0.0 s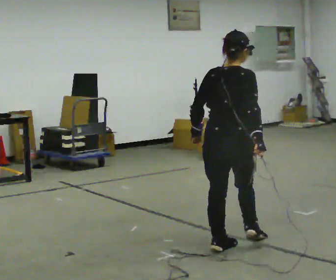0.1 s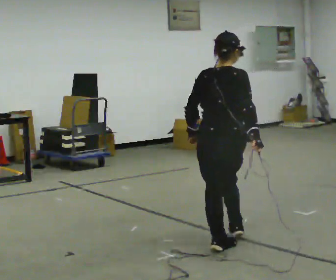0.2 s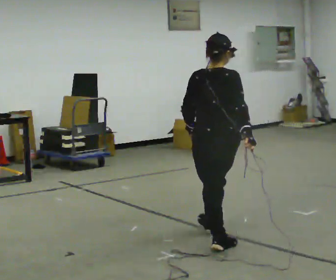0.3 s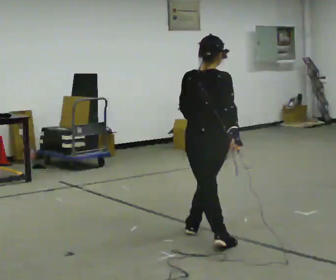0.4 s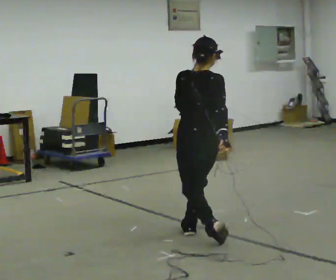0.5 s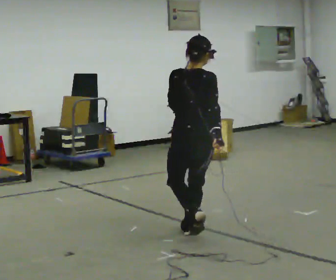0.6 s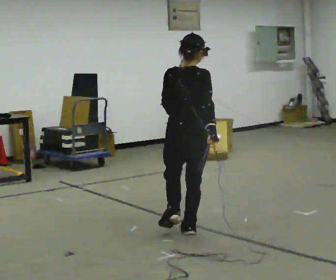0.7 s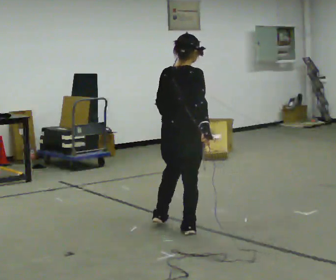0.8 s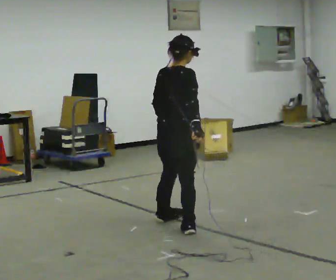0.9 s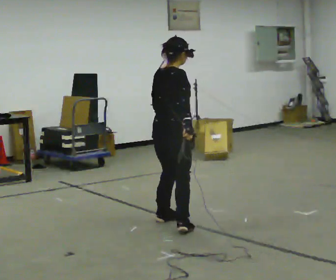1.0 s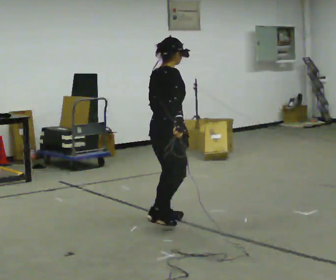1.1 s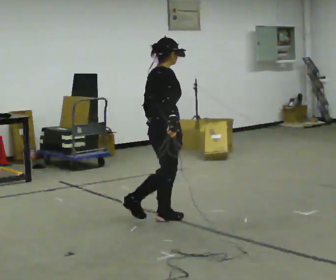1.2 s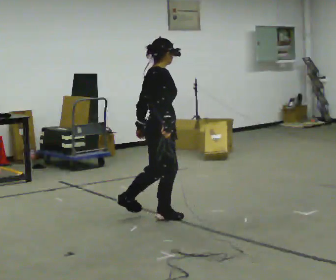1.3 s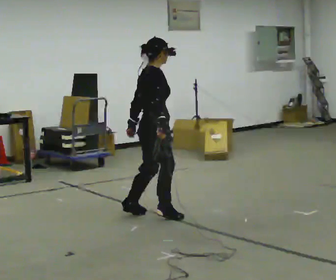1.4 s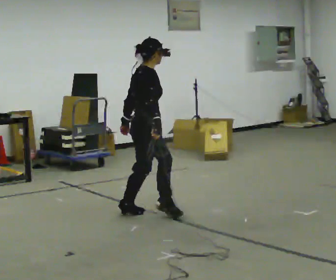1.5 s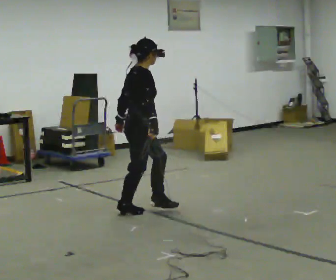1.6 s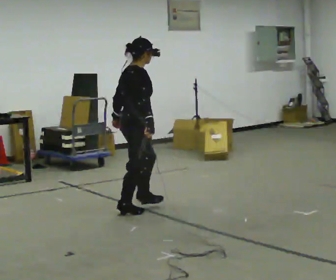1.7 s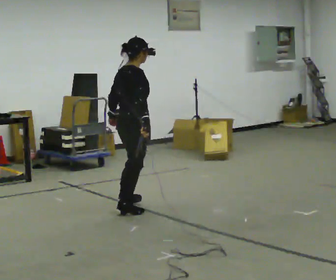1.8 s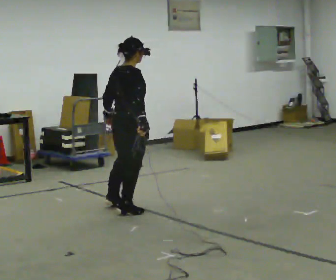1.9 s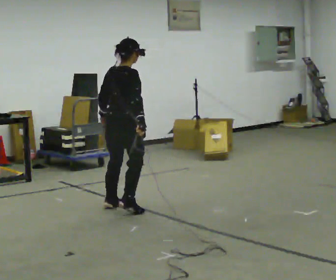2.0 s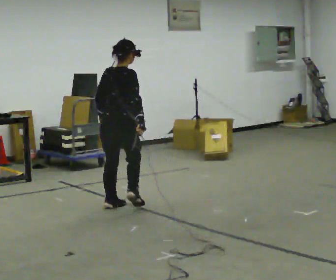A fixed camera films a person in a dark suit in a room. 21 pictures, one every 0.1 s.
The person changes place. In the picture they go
away from the camera.
0.0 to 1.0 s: The person turns about 45 degrees to their right, clockwise seen from above, so the part of the body nearest the lens slides to the left. In the picture they go away from the camera and to the left, about 1 m in 2 steps.
1.0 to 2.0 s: Seen from above the body turns counterclockwise, about 45 degrees: to their left, with its near side sliding to the right. In the picture they go away from the camera and to the left, about 0.75 m in 2 steps.
The film runs forward here.
